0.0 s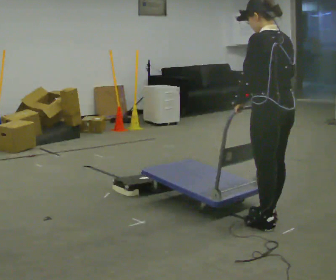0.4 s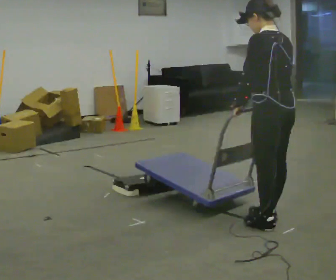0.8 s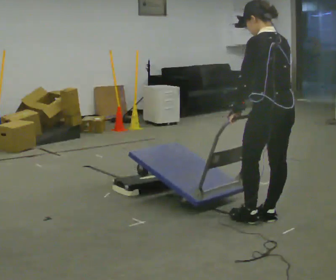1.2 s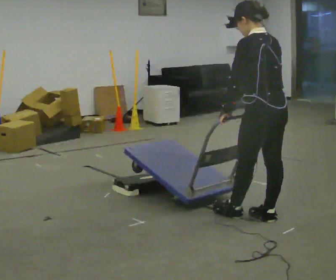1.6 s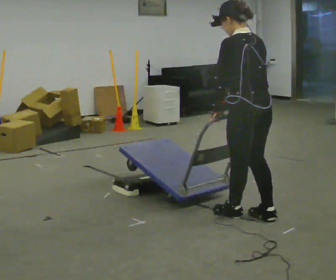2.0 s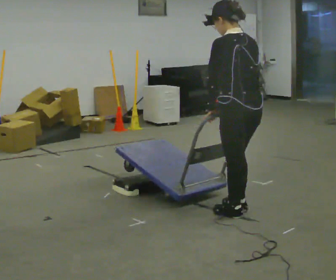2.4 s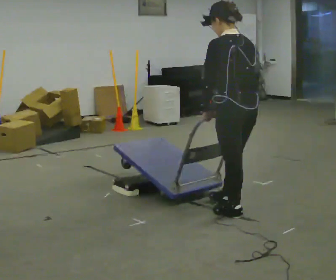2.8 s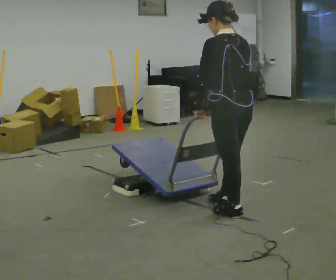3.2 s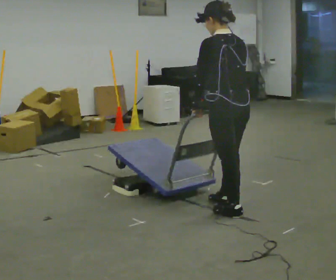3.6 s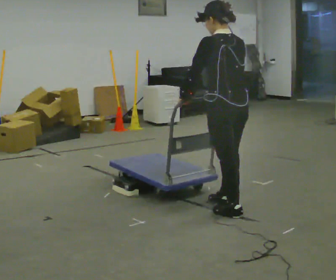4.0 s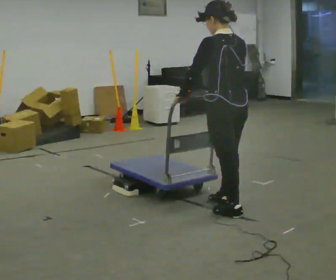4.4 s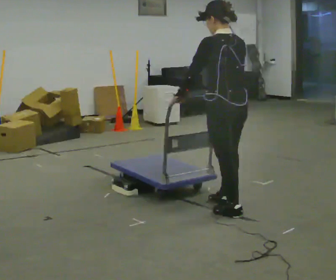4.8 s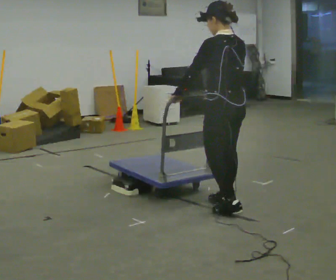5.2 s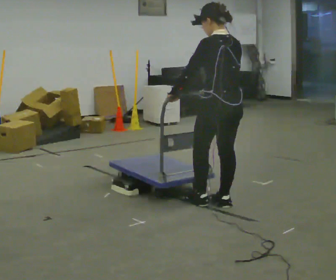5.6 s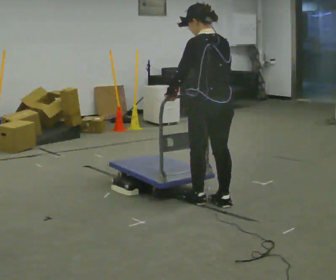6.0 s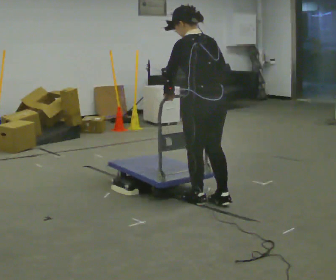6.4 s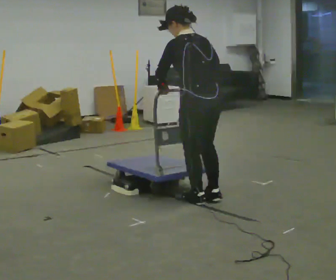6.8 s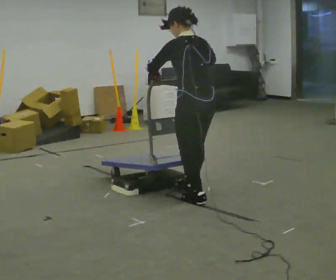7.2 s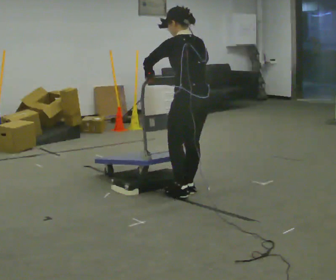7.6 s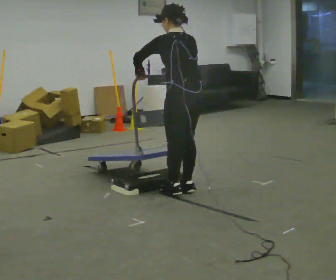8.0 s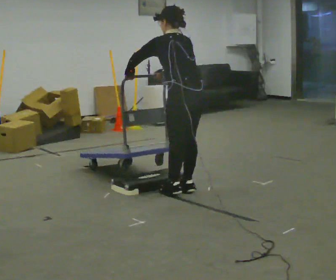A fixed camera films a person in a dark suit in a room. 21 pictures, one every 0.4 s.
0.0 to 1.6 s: In the picture they go to the left, about 0.25 m in 1 step, which for them is forward.
1.6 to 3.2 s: In the picture they go to the left, about 0.25 m in 1 step, which for them is forward.
3.2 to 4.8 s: The person moves a little, or ends about where they began.
4.8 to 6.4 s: In the picture they go to the left, about 0.25 m in 2 steps, which for them is forward.
6.4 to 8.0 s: In the picture they go away from the camera and to the left, about 0.25 m in 1 step, which for them is forward.
The film runs backward here.
